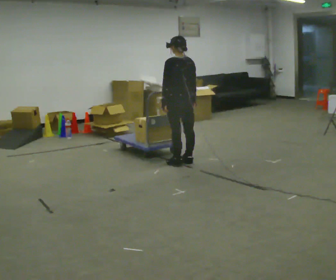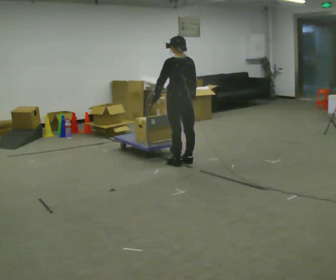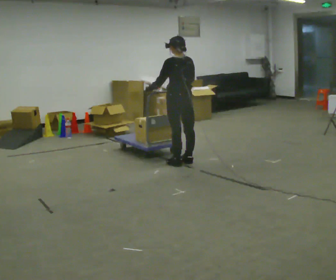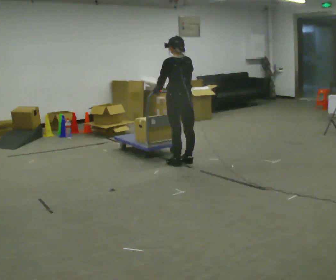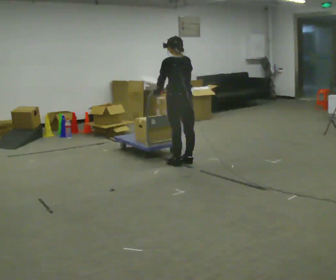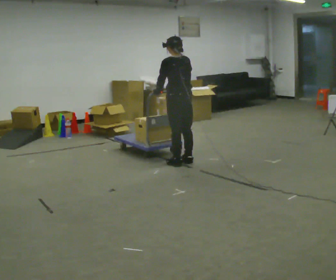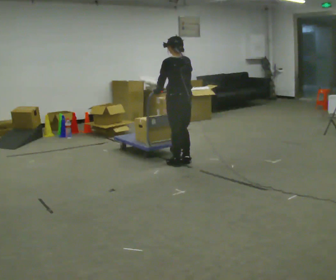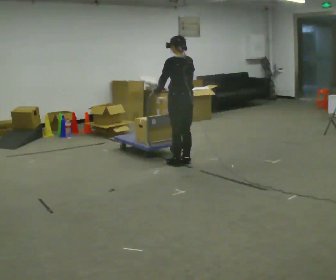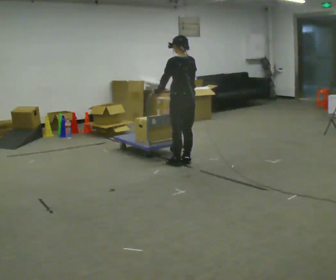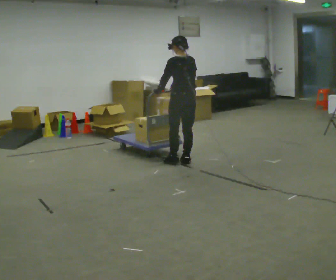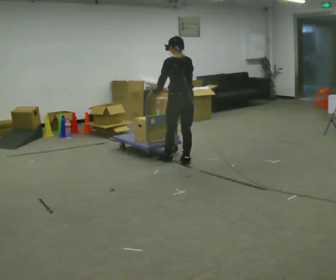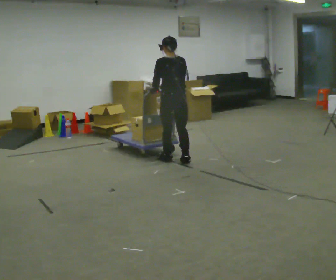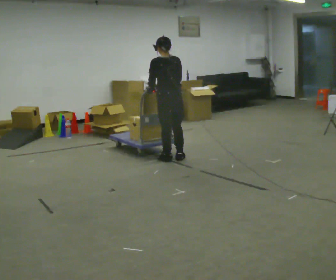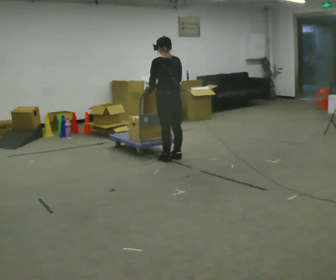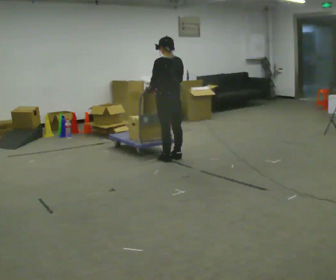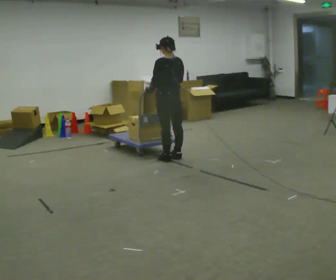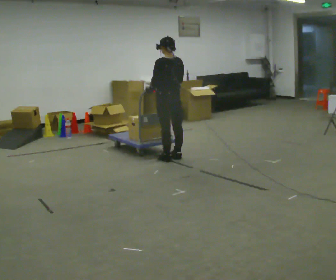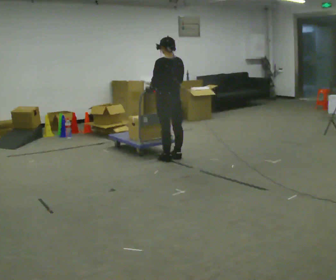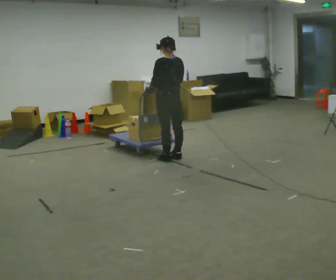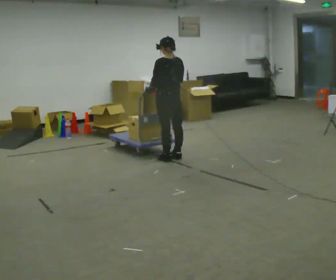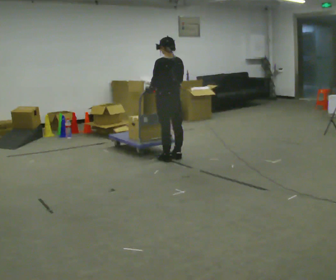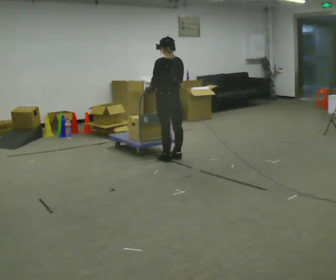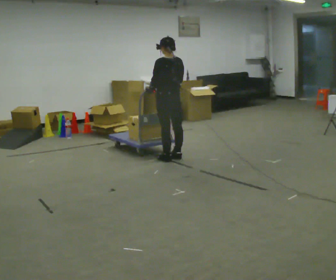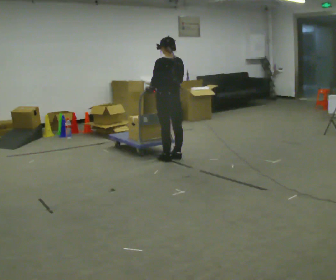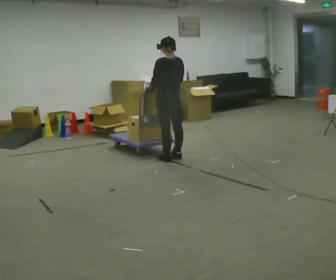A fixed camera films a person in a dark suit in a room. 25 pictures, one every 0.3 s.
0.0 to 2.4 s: The person moves a little, or ends about where they began.
2.4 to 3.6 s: In the picture they go to the left, about 0.25 m in 2 steps, which for them is forward.
3.6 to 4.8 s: The person moves a little, or ends about where they began.
4.8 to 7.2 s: The person keeps their place and pose.
The film runs backward here.
